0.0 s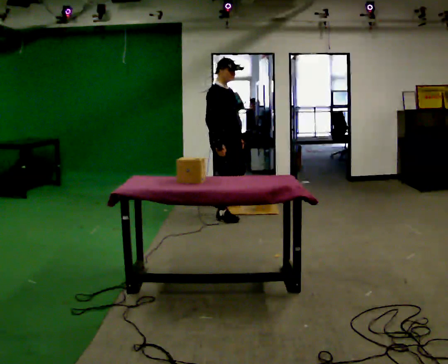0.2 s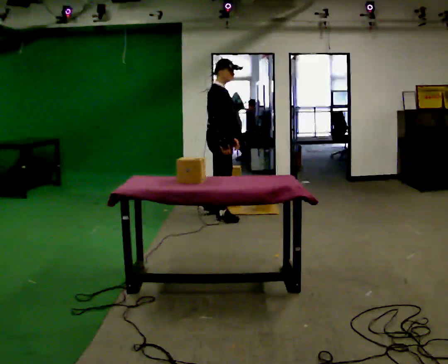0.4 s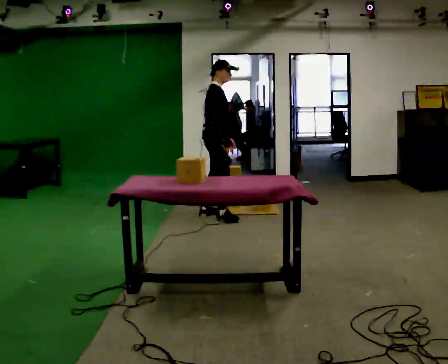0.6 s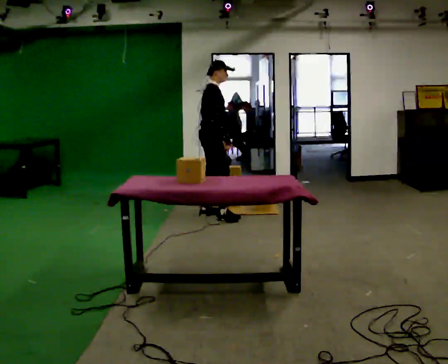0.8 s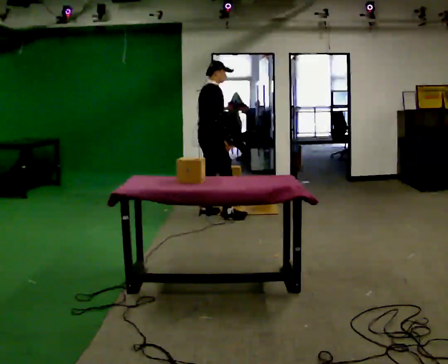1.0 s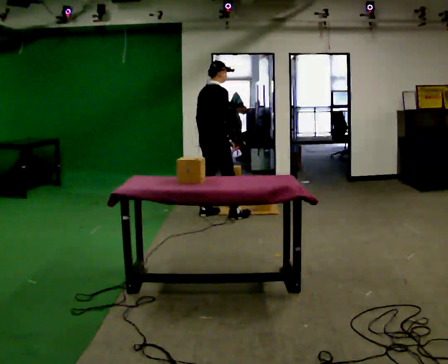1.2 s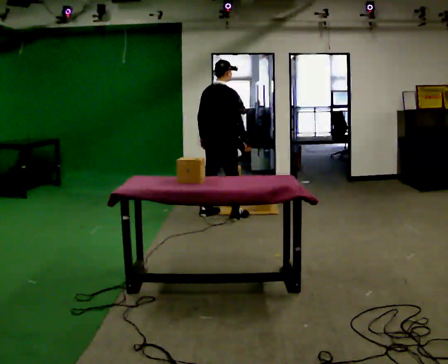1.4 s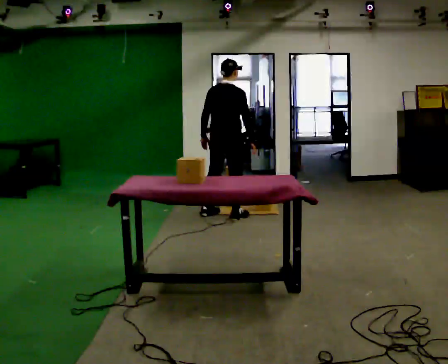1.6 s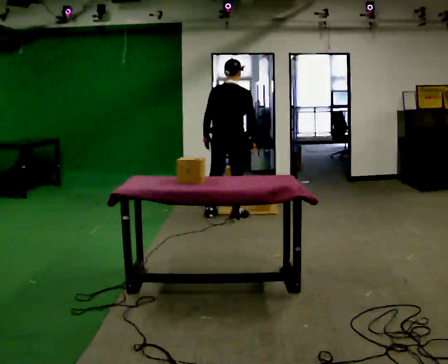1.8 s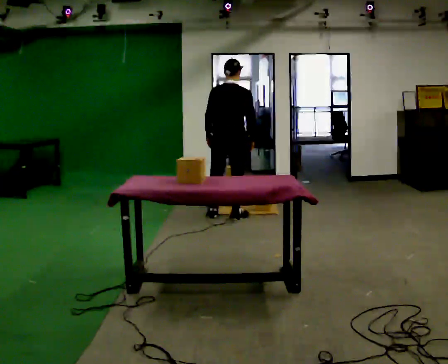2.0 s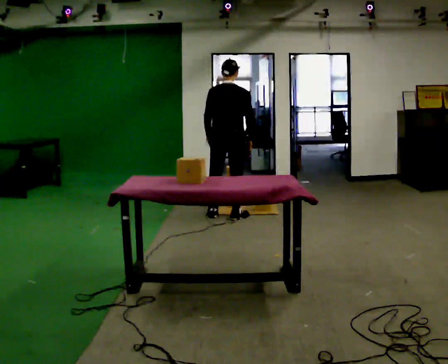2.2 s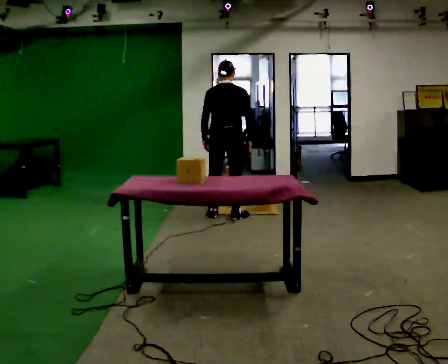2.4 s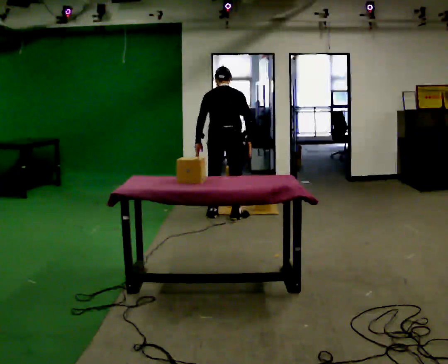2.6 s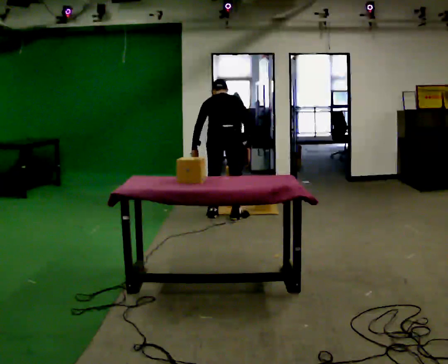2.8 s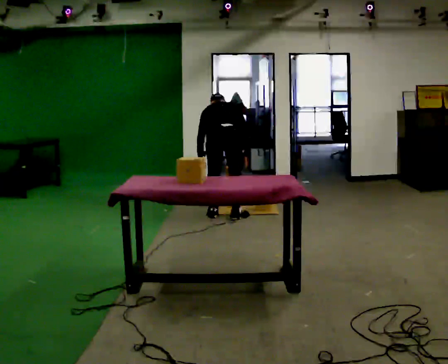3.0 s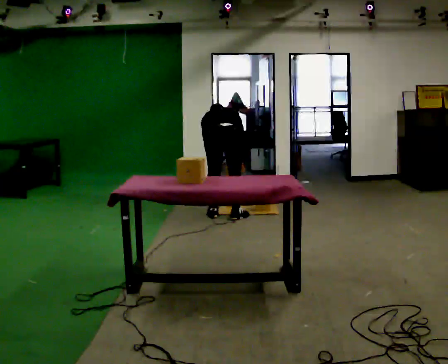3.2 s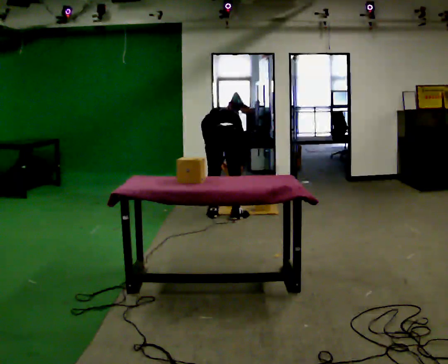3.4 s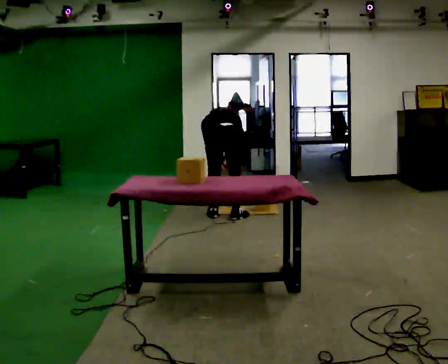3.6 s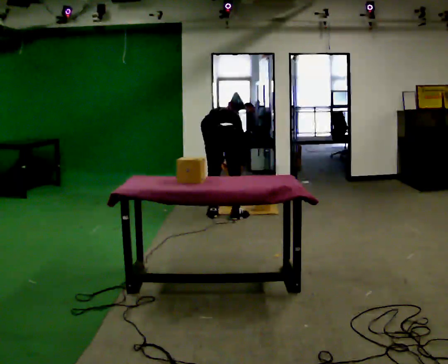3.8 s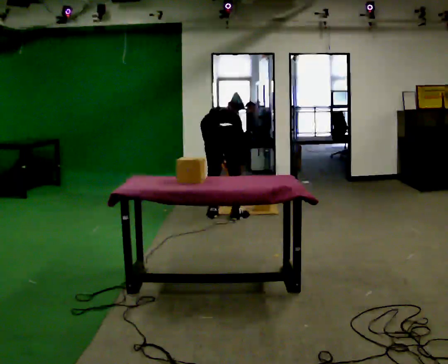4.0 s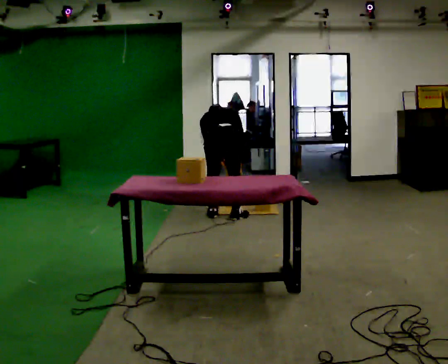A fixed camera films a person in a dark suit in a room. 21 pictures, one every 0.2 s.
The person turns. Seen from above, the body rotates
counterclockwise.
The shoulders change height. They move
downward.
0.0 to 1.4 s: Seen from above the body turns counterclockwise, about 90 degrees: to their left, with its near side sliding to the right. In the picture their left hand goes to the left, the arm swinging clockwise.
1.4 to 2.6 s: The person turns about 30 degrees to their left, counterclockwise seen from above, so the part of the body nearest the lens slides to the right. The upper body tips away from the camera, its near side rolling upward, as they bend forward.
2.6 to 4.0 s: The shoulders move downward. The upper body tips away from the camera, its near side rolling upward, as they bend forward.
The film runs backward here.
